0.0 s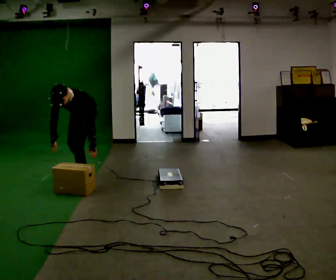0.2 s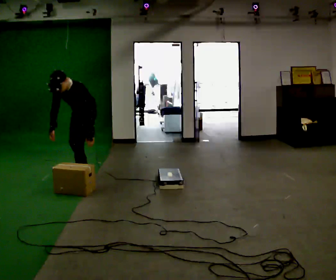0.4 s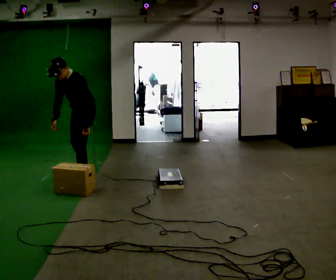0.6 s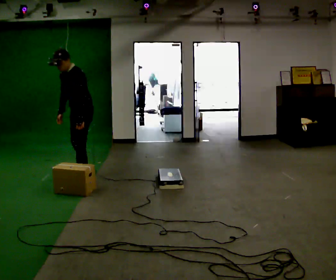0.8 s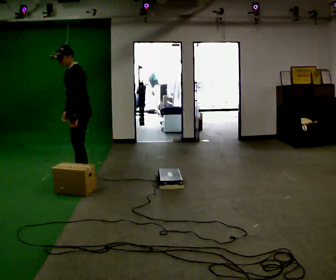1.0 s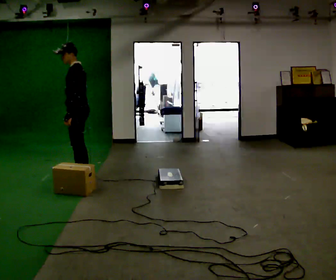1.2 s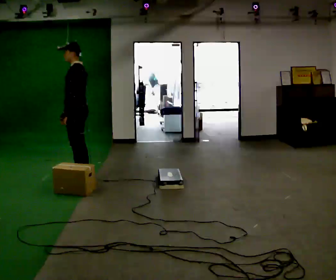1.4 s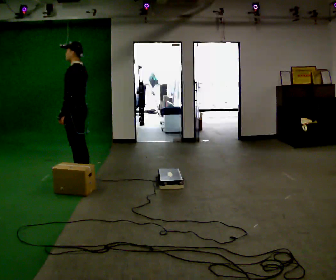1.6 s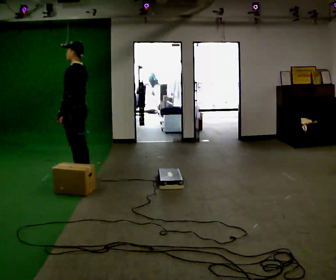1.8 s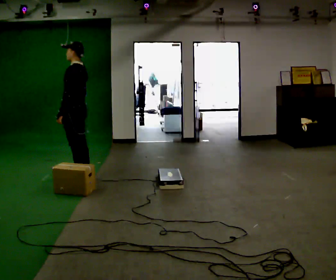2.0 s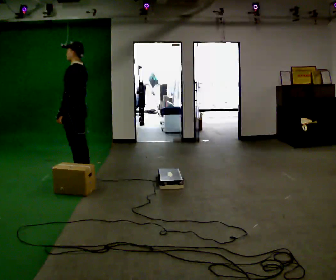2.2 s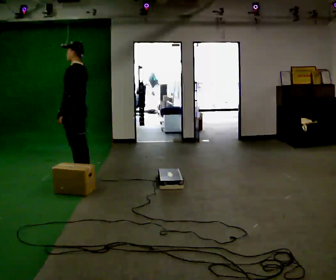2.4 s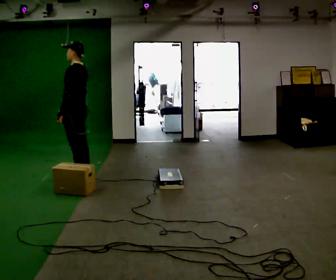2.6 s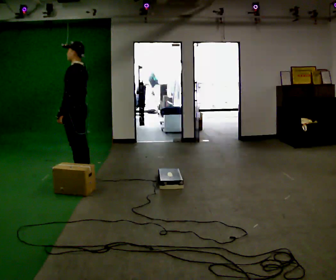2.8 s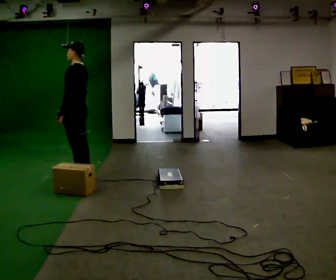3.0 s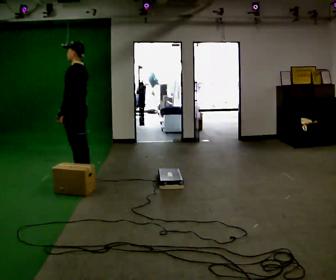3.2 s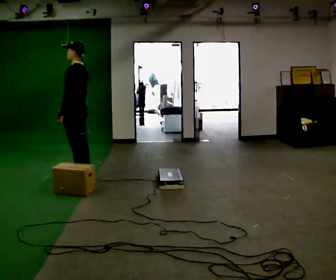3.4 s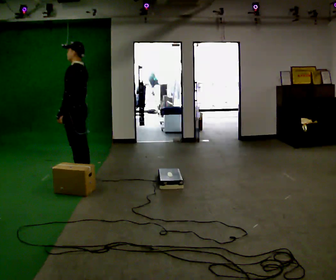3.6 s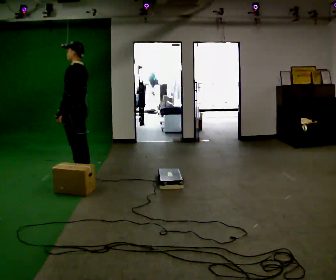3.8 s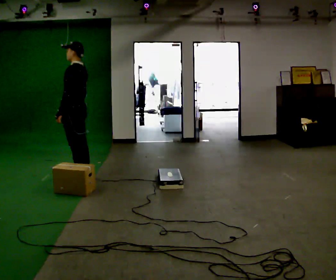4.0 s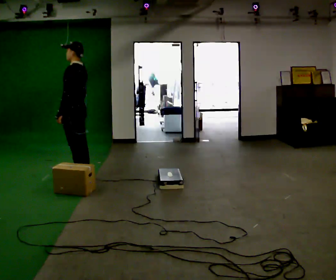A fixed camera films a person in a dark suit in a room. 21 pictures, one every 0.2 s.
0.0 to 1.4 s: Seen from above the body turns clockwise, about 60 degrees: to their right, with its near side sliding to the left. In the picture they go toward the camera, about 0.25 m. The upper body goes upward. The upper body tips away from the camera, its near side rolling upward, as they lean back or straighten. In the picture their left hand goes upward and to the left, the arm swinging clockwise.
1.4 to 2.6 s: The person moves a little, or ends about where they began.
2.6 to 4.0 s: The person keeps their place and pose.
The film runs backward here.
